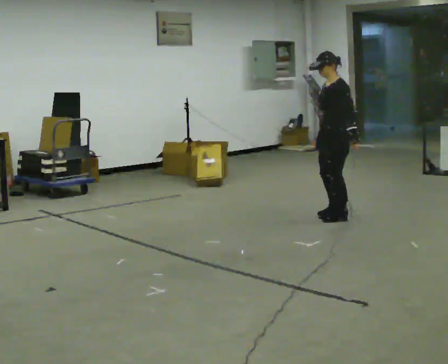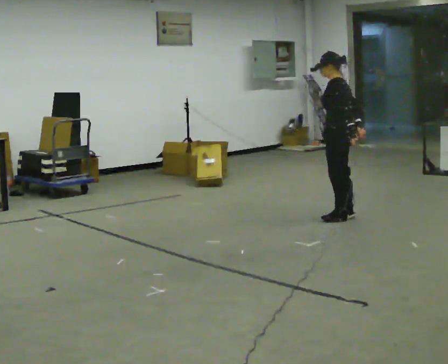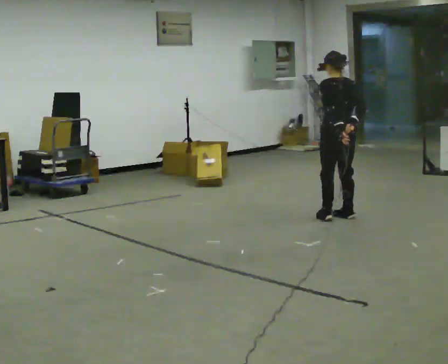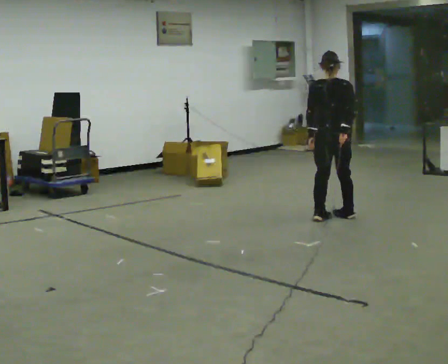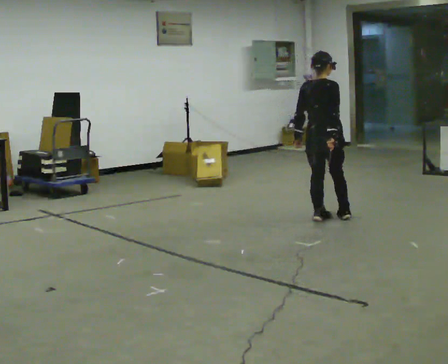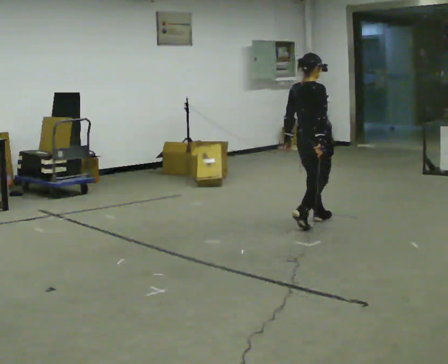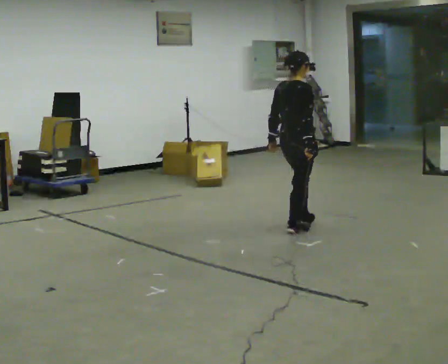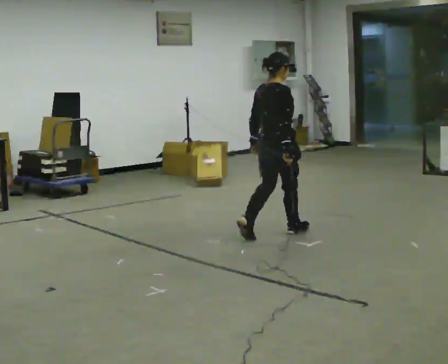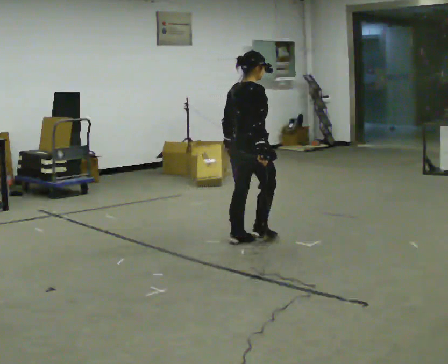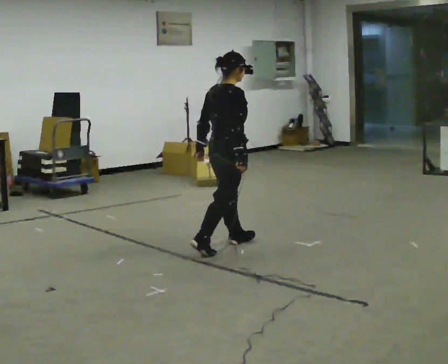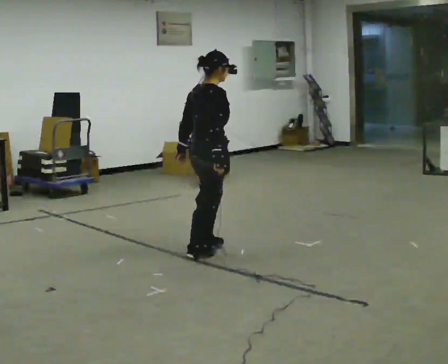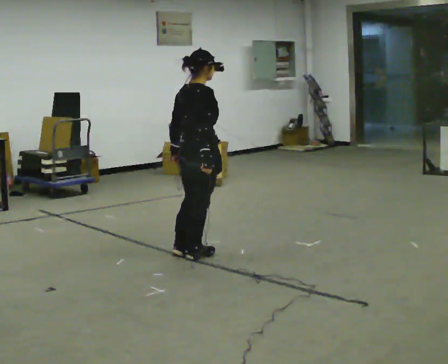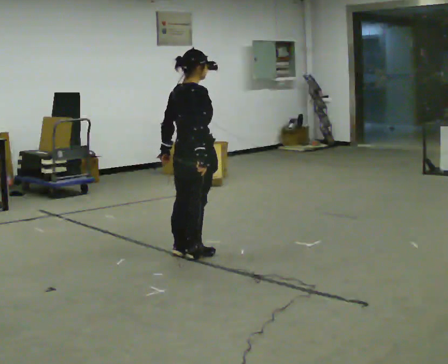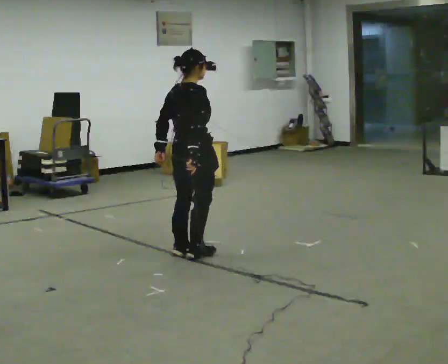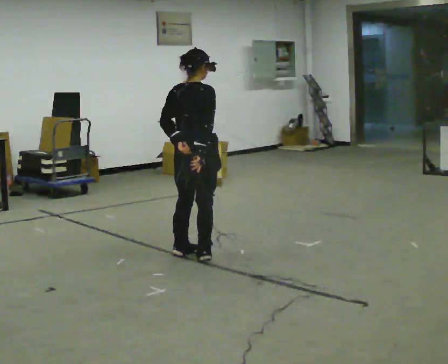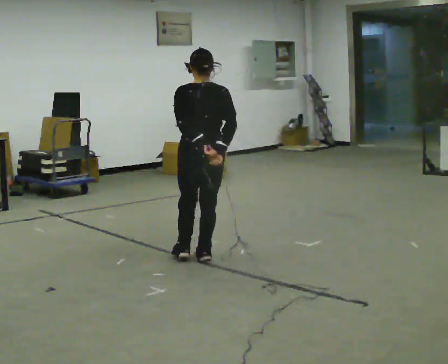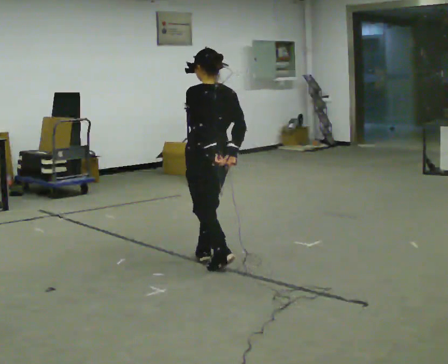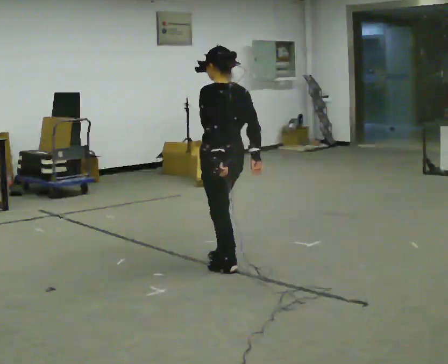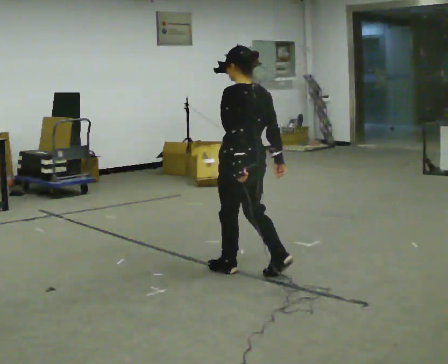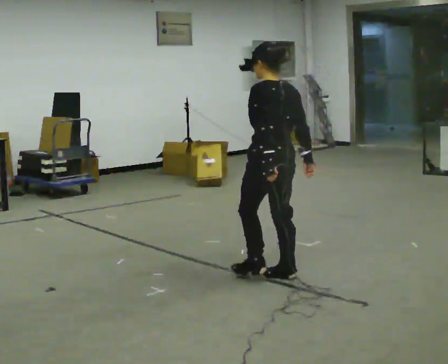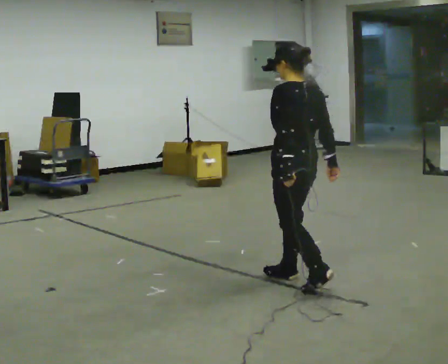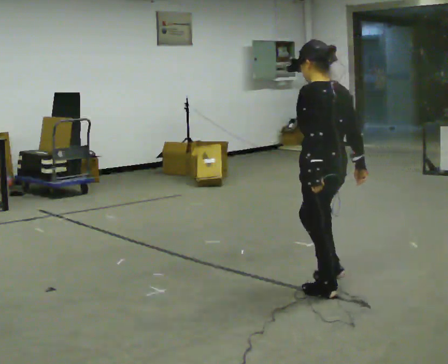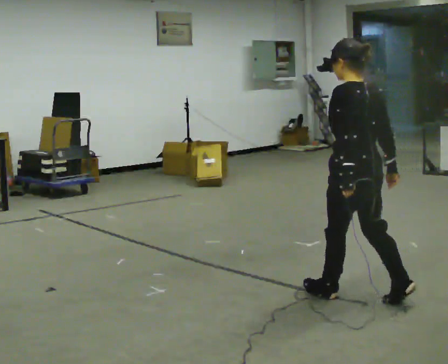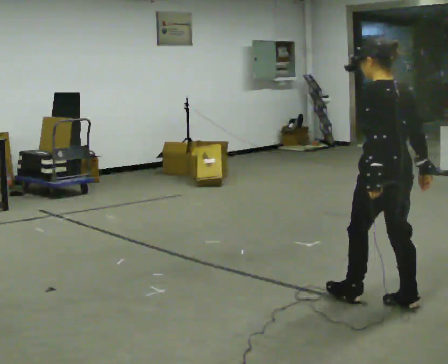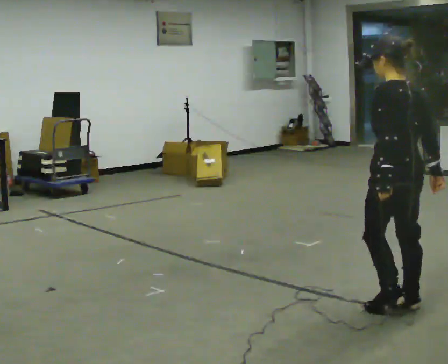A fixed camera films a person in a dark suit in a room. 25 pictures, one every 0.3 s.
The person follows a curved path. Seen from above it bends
counterclockwise.
The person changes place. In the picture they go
toward the camera.
0.0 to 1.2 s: Seen from above the body turns clockwise, about 150 degrees: to their right, with its near side sliding to the left. In the picture their left hand goes to the left.
1.2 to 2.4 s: In the picture they go to the left and toward the camera, about 1 m in 2 steps, which for them is backward.
2.4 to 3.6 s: In the picture they go to the left and toward the camera, about 0.5 m in 1 step, which for them is backward.
3.6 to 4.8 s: Seen from above the body turns counterclockwise, about 90 degrees: to their left, with its near side sliding to the right. In the picture they go toward the camera, about 0.25 m in 1 step.
4.8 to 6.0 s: In the picture they go toward the camera and to the right, about 1 m in 2 steps, which for them is backward.
6.0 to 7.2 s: In the picture they go toward the camera and to the right, about 0.5 m in 2 steps, which for them is backward.
The film runs backward here.
